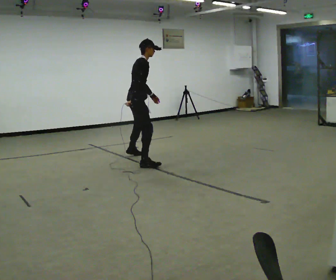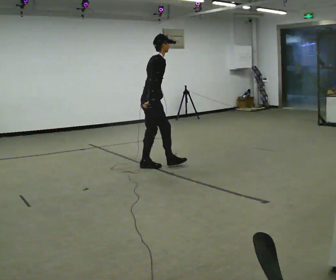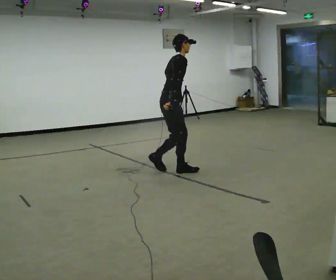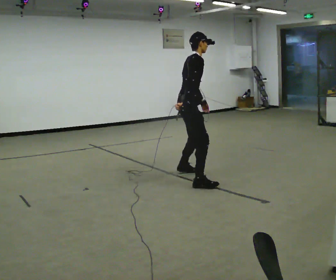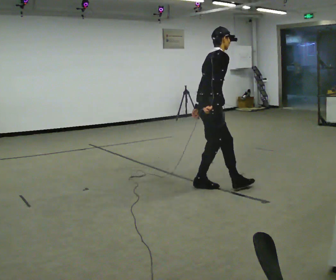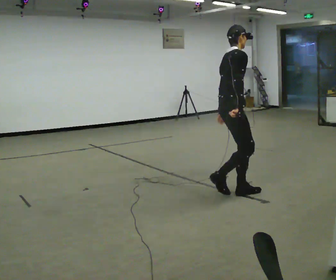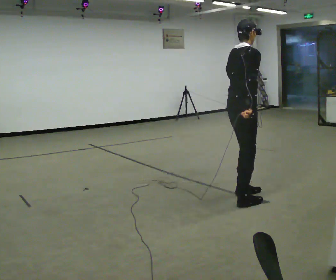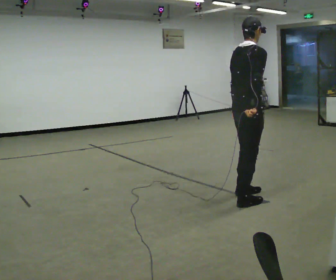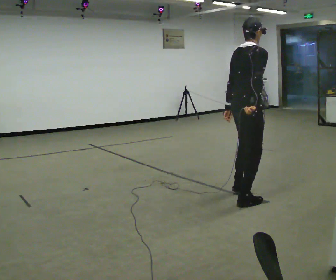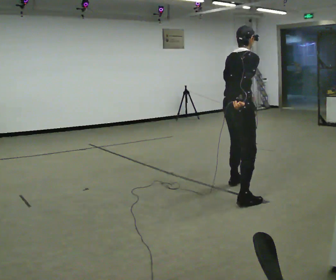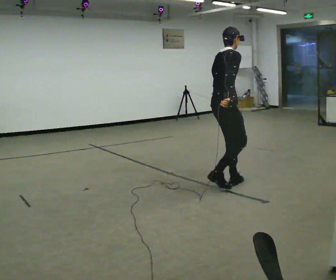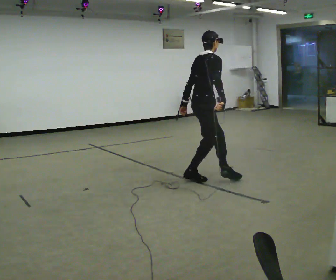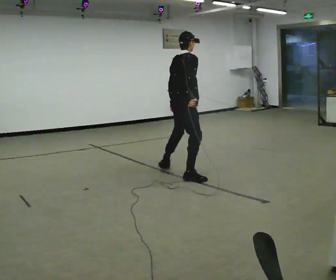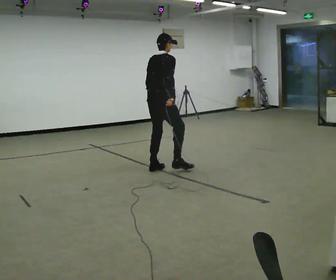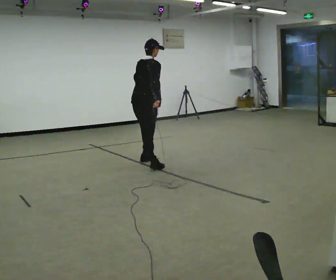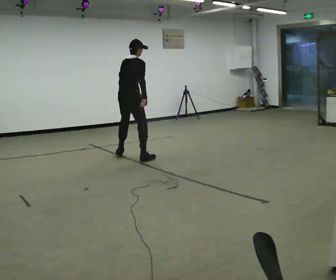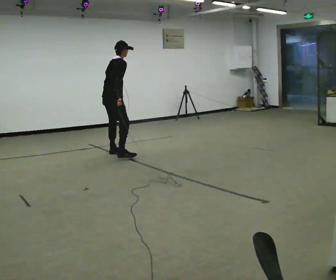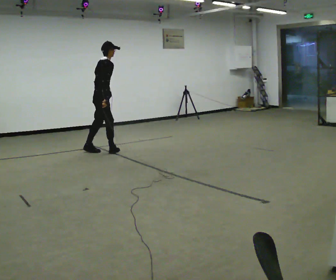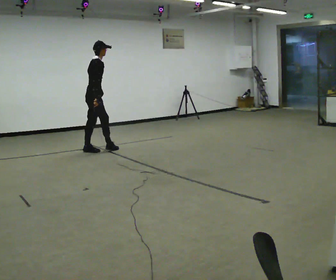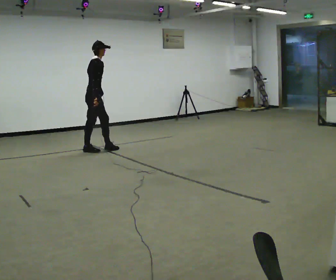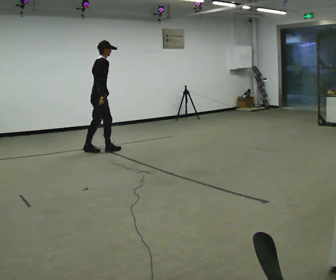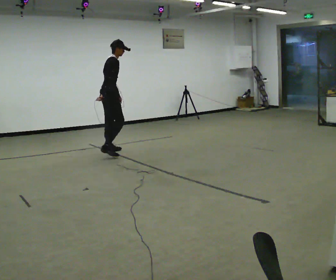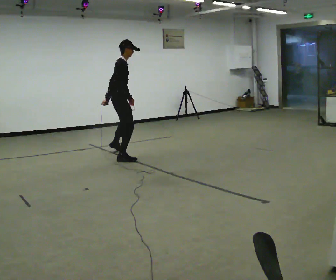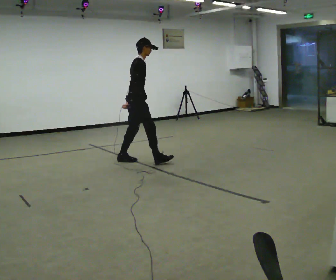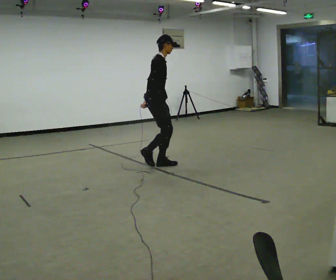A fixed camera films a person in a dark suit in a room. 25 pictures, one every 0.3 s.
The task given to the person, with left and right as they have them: Move sideways in the direction the operator calls, crossing one foot in front and then behind, alternating.
0.0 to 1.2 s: In the picture they go toward the camera and to the right, about 1.5 m in 3 steps, which for them is to their right and forward.
1.2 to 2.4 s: The person turns about 30 degrees to their left, counterclockwise seen from above, so the part of the body nearest the lens slides to the right. In the picture they go toward the camera and to the right, about 0.5 m in 2 steps, which for them is to their right.
2.4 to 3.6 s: In the picture they go away from the camera and to the left, about 1 m in 2 steps, which for them is to their left.
3.6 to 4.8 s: In the picture they go away from the camera and to the left, about 1.5 m in 3 steps, which for them is to their left.
4.8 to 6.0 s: In the picture they go to the left and away from the camera, about 0.25 m in 2 steps, which for them is to their left and backward.
6.0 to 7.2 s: In the picture they go to the right and toward the camera, about 1 m in 2 steps, which for them is to their right and forward.
The film runs forward here.
